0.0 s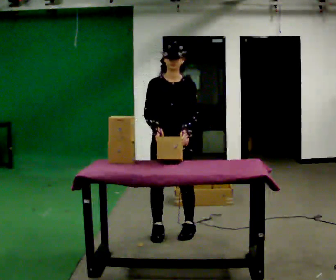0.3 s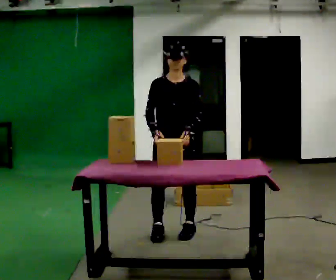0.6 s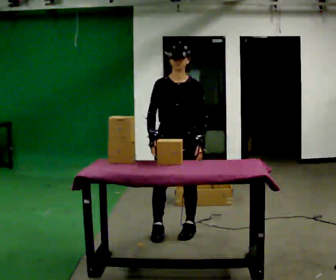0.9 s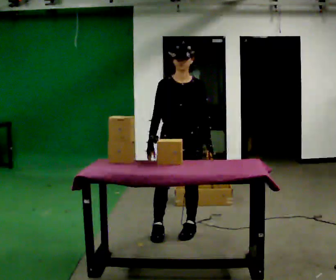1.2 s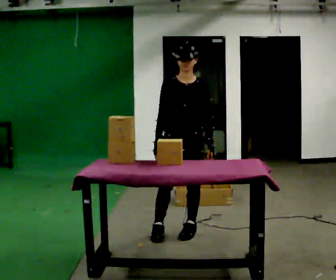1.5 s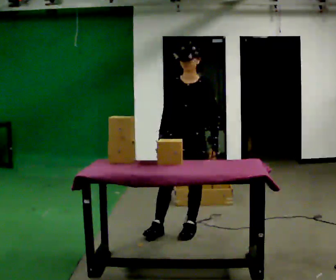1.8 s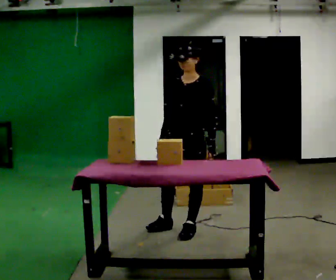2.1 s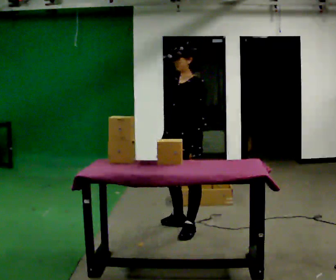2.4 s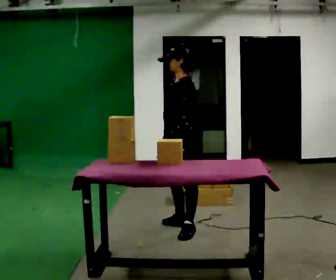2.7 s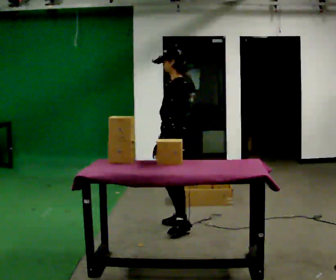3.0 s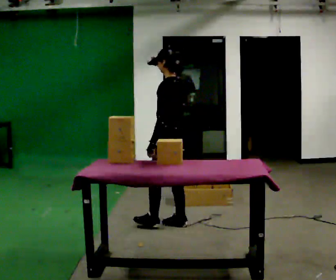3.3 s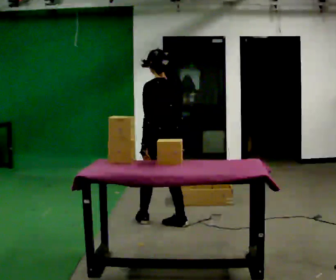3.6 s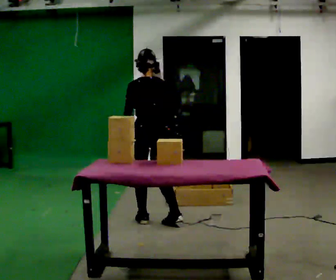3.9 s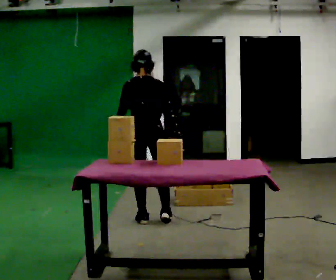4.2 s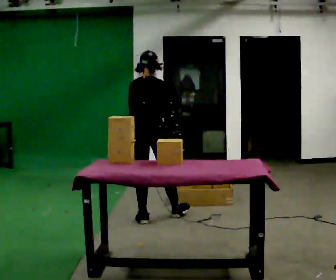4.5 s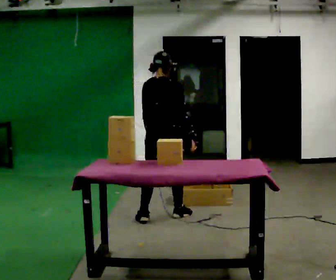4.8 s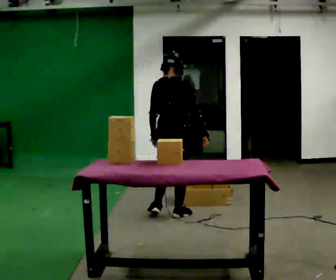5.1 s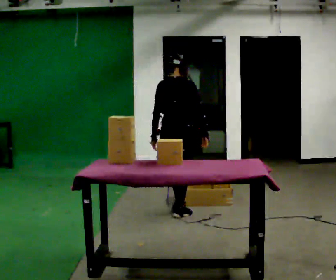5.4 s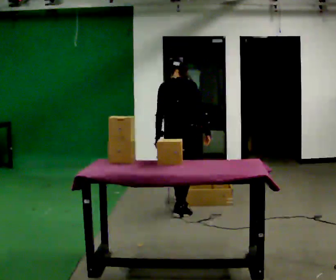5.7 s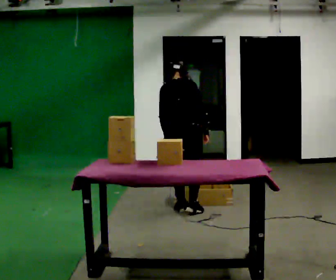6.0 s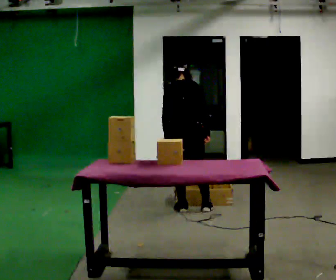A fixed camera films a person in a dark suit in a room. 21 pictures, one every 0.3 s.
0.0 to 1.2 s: The person moves a little, or ends about where they began.
1.2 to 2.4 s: The person turns about 75 degrees to their right, clockwise seen from above, so the part of the body nearest the lens slides to the left. In the picture they go away from the camera, about 0.25 m in 1 step. In the picture their left hand goes to the left.
2.4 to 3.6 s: Seen from above the body turns clockwise, about 90 degrees: to their right, with its near side sliding to the left. In the picture they go to the left and away from the camera, about 0.25 m in 1 step.
3.6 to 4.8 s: The part of the body nearest the lens slides to the left as the person turns to their right by about 30 degrees. In the picture they go away from the camera and to the right, about 0.25 m in 1 step, which for them is forward.
4.8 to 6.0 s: In the picture they go away from the camera, about 0.25 m in 2 steps, which for them is forward. The upper body tips away from the camera, its near side rolling upward, as they bend forward.
The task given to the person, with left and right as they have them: Reach down into the deep bin on the floor, take out one object at a time, carry it to the shelf, and come back for the next one. Keep going until the operator says stop; one object at a time, and do not rush between trips.
The film runs forward here.
